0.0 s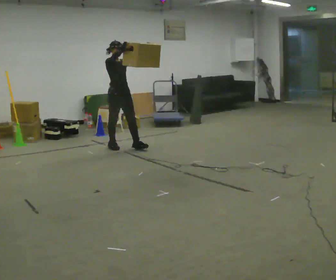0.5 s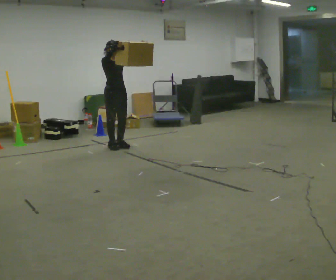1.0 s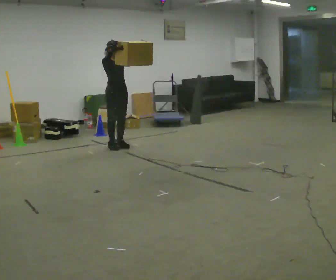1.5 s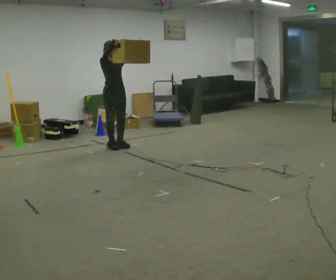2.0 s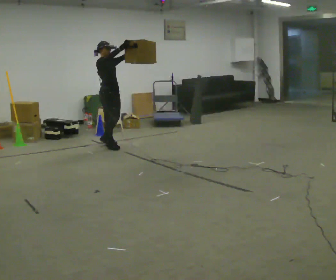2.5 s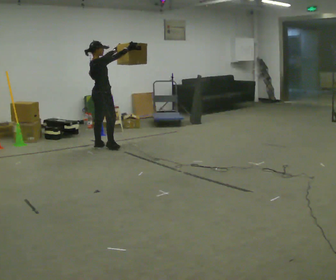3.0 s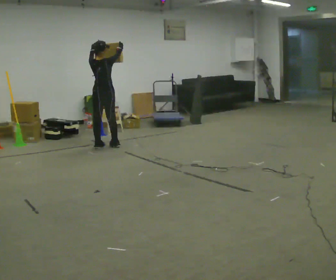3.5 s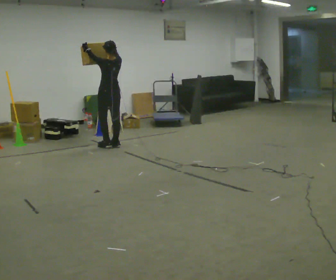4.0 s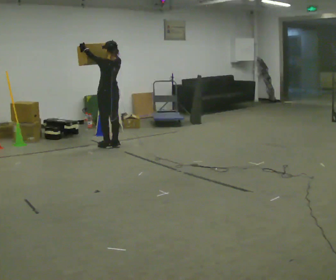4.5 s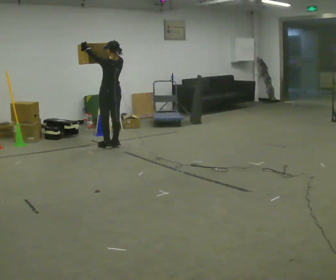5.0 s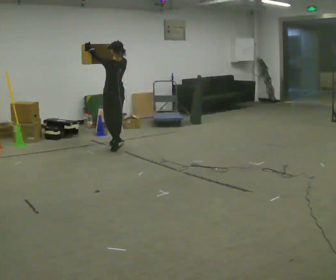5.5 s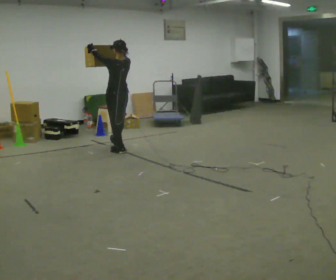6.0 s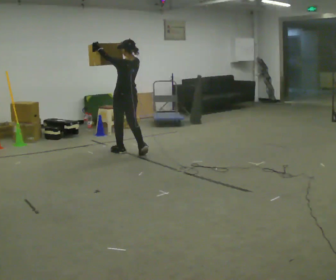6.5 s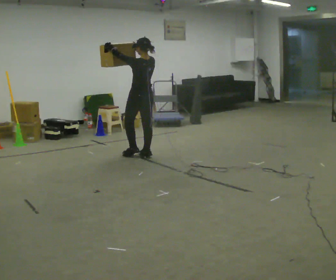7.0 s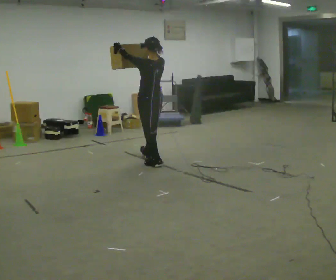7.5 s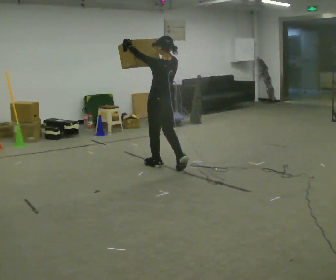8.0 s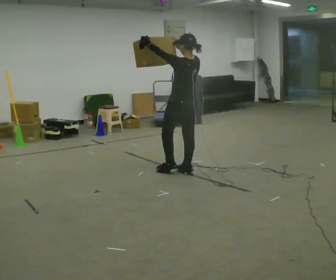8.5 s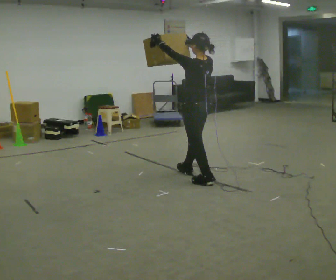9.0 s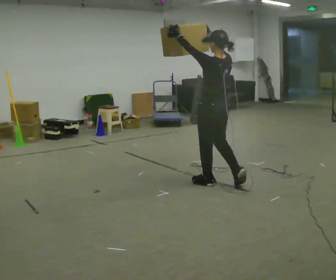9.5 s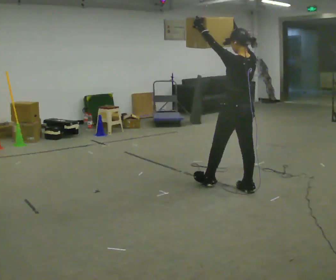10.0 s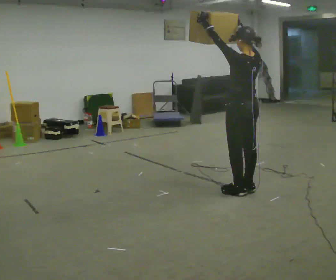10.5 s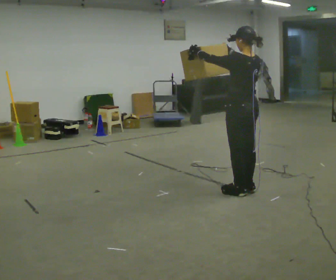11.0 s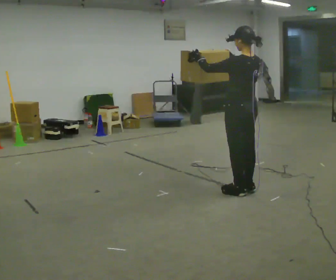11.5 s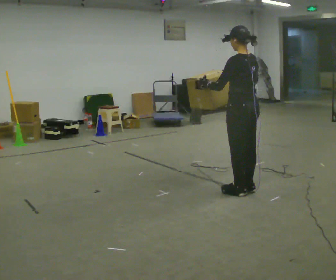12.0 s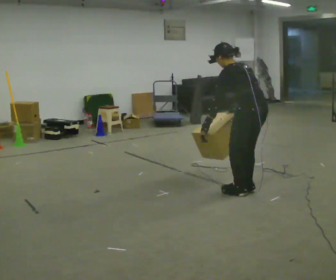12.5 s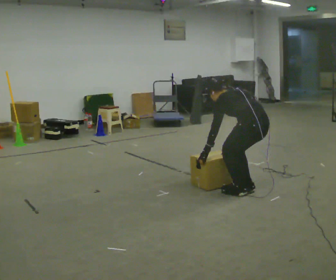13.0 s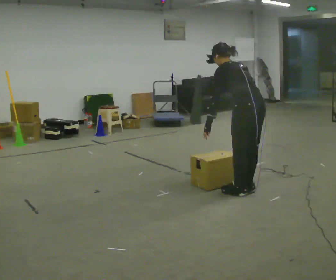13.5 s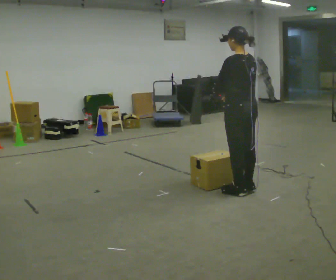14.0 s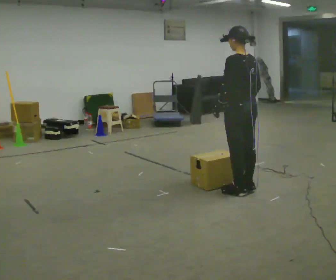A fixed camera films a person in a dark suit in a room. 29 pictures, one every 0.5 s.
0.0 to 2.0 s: The person moves a little, or ends about where they began.
2.0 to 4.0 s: Seen from above the body turns counterclockwise, about 150 degrees: to their left, with its near side sliding to the right. In the picture the upper body tilts clockwise, shoulders to the right. In the picture their left hand goes to the left.
4.0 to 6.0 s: In the picture they go toward the camera and to the right, about 0.5 m in 2 steps, which for them is backward.
6.0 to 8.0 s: In the picture they go toward the camera and to the right, about 1 m in 3 steps, which for them is backward.
8.0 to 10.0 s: In the picture they go toward the camera and to the right, about 1 m in 2 steps, which for them is backward.
10.0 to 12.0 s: The upper body tips away from the camera, its near side rolling upward, as they bend forward. In the picture their left hand goes downward, the arm swinging counterclockwise.
12.0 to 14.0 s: The person moves a little, or ends about where they began.
The film runs backward here.
